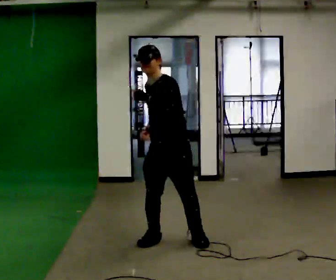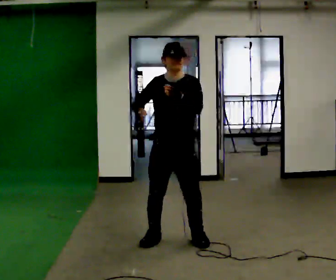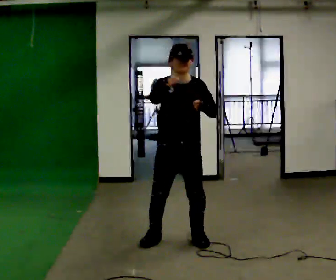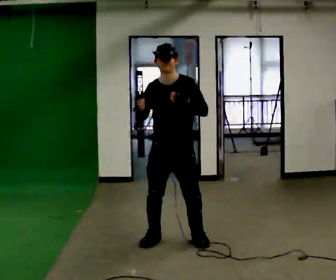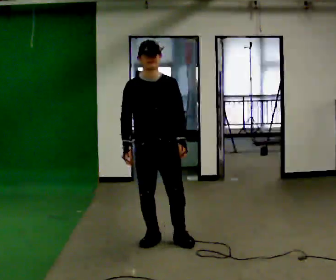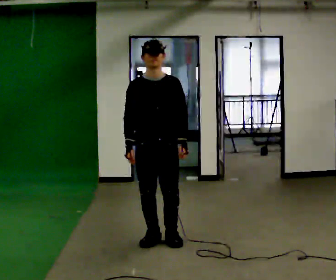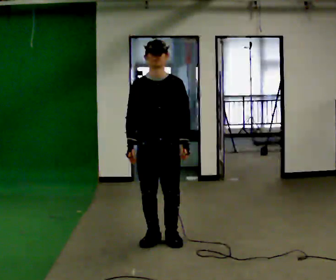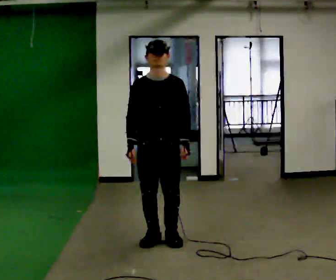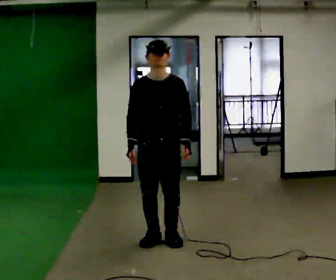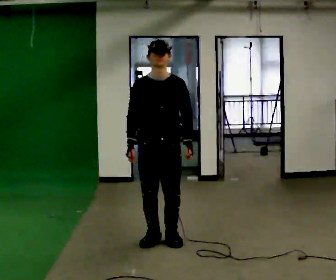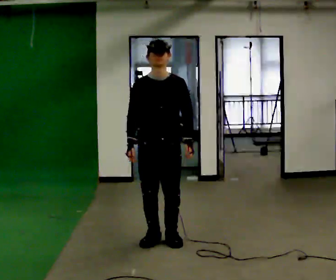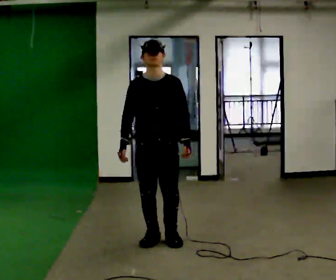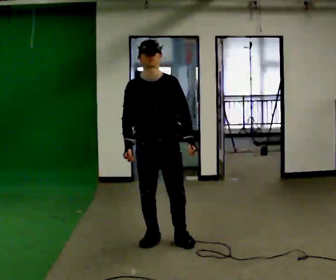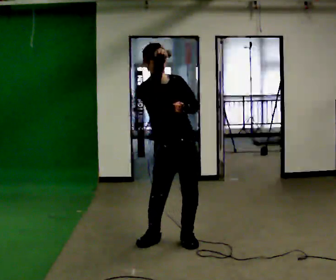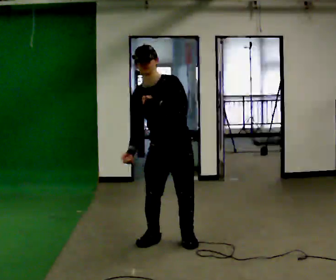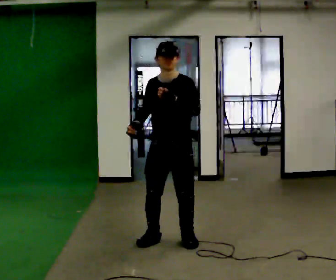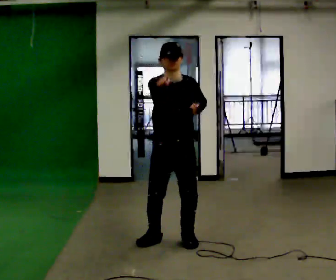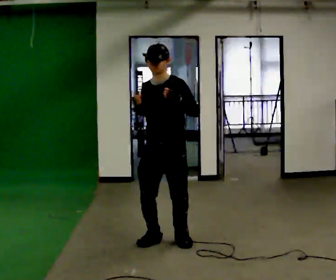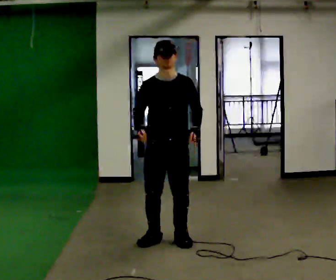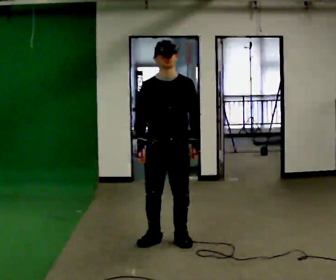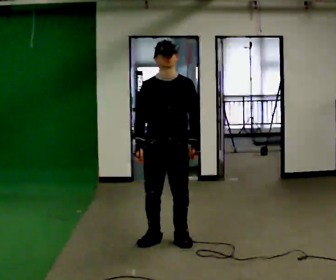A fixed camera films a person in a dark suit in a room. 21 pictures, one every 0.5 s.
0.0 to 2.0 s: Seen from above the body turns counterclockwise, about 45 degrees: to their left, with its near side sliding to the right. In the picture their left hand goes downward.
2.0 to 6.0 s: The person moves a little, or ends about where they began.
6.0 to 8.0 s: In the picture their right hand goes upward and to the right.
8.0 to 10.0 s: In the picture their right hand goes downward.
The film runs backward here.
